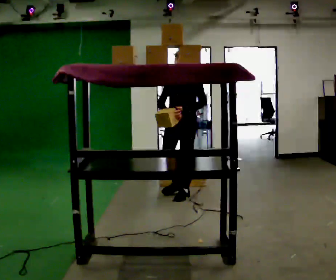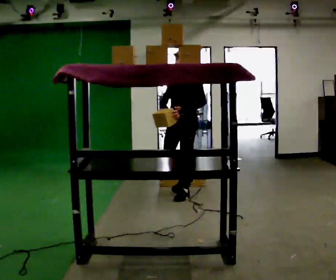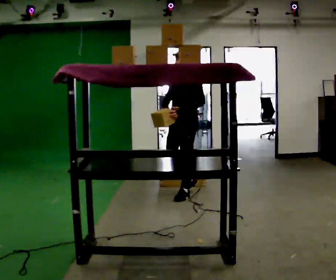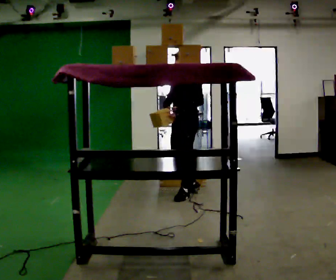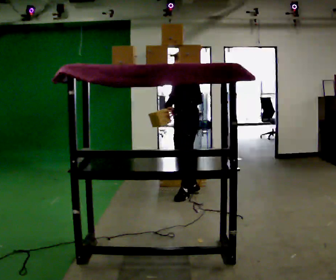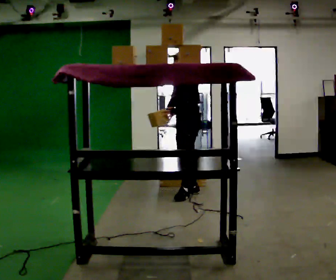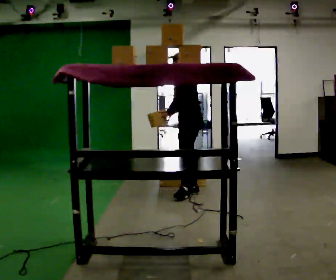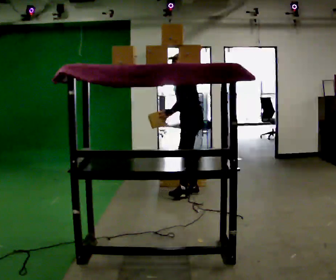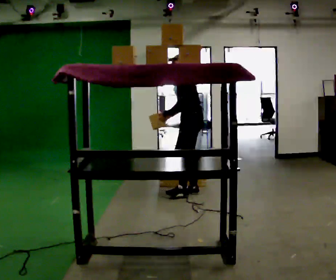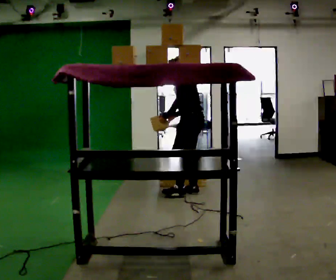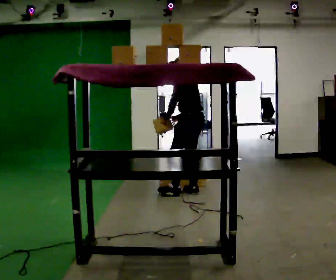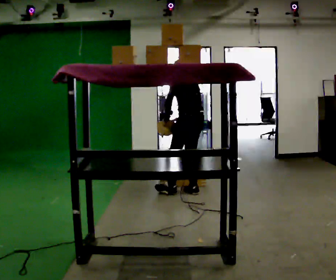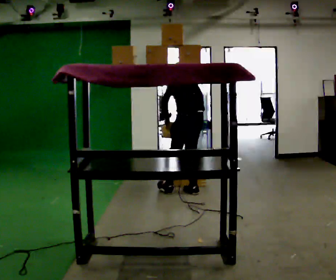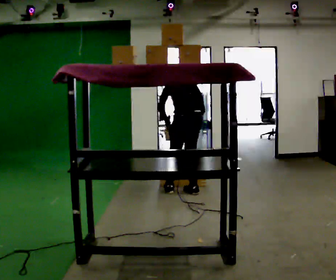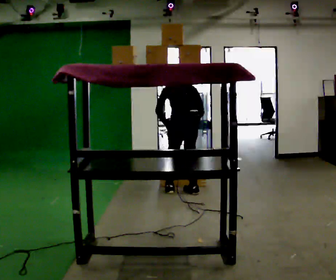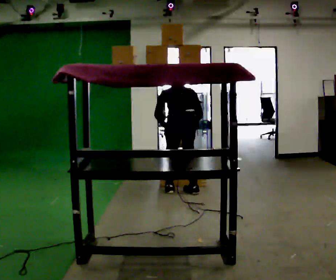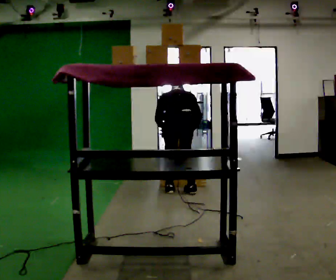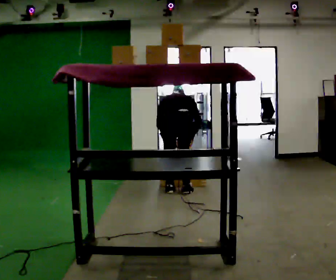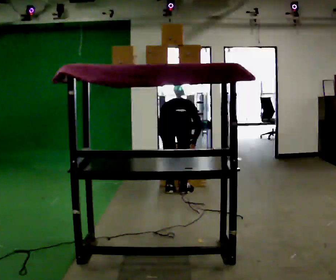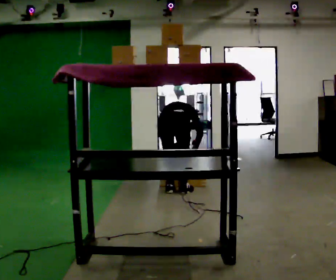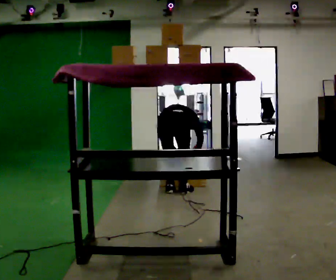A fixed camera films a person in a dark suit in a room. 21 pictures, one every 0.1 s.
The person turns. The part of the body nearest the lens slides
to the left.
The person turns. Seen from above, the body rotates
clockwise.
0.0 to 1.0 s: Seen from above the body turns clockwise, about 90 degrees: to their right, with its near side sliding to the left. In the picture they go away from the camera, about 0.25 m in 1 step.
1.0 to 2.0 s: Seen from above the body turns clockwise, about 75 degrees: to their right, with its near side sliding to the left. In the picture they go to the left, about 0.25 m in 1 step. The shoulders move downward. The upper body tips away from the camera, its near side rolling upward, as they bend forward. In the picture their right hand goes downward.
The film runs backward here.
